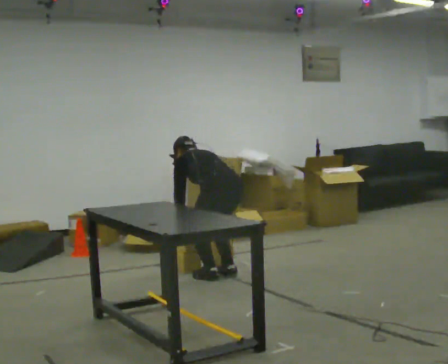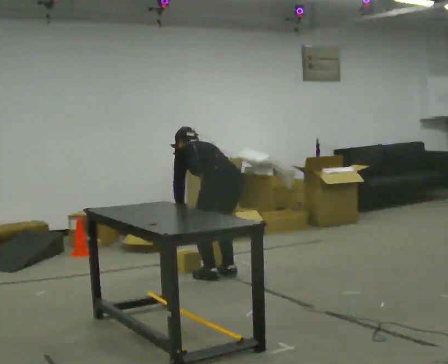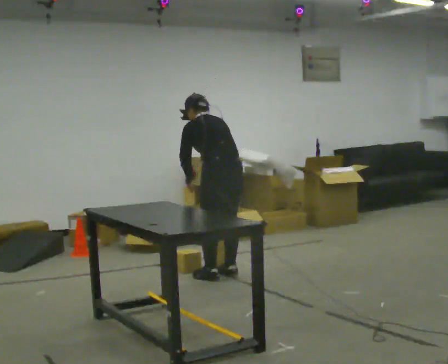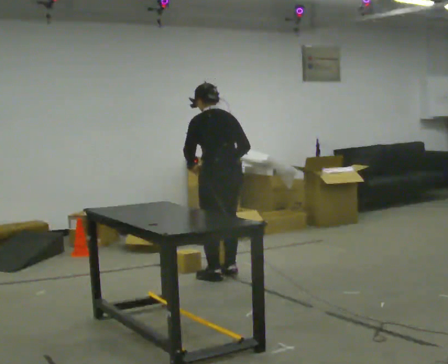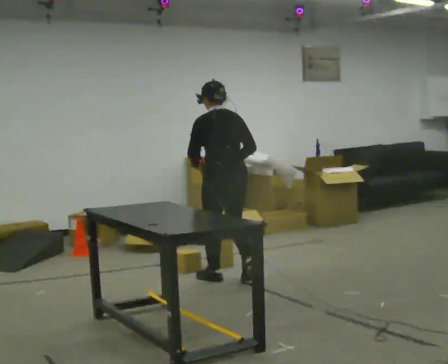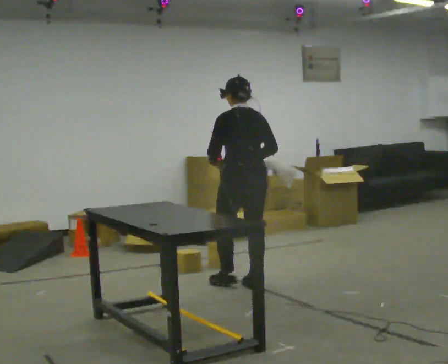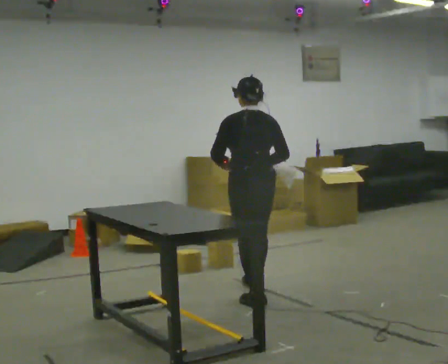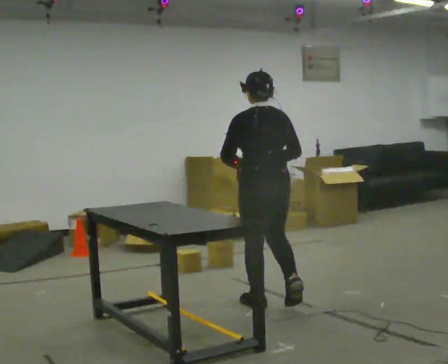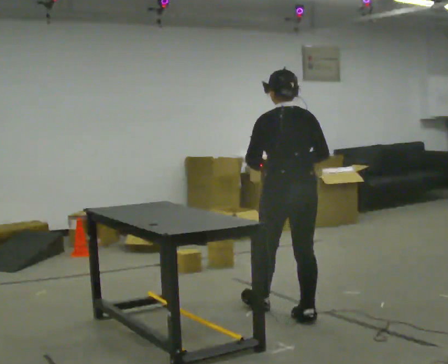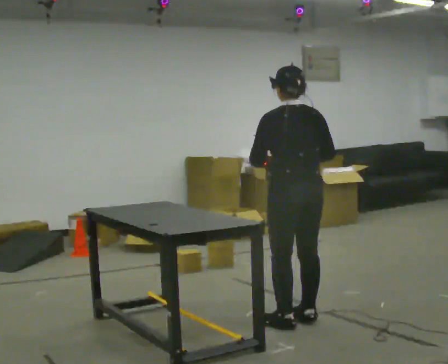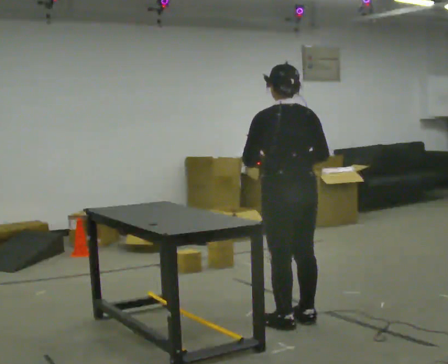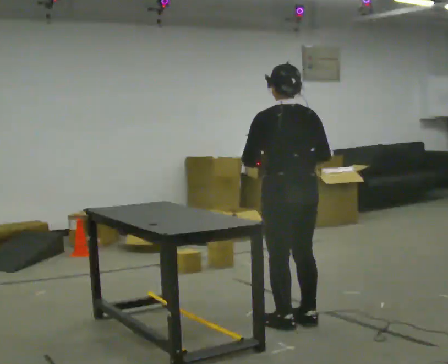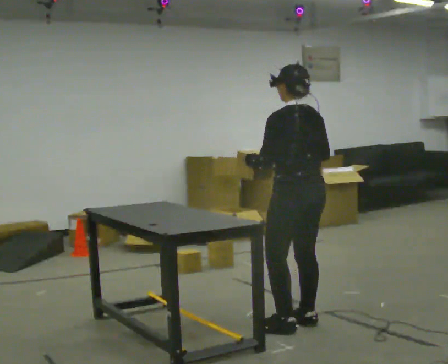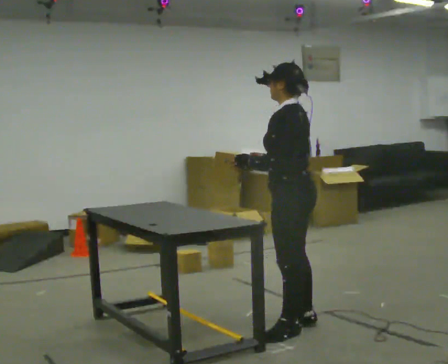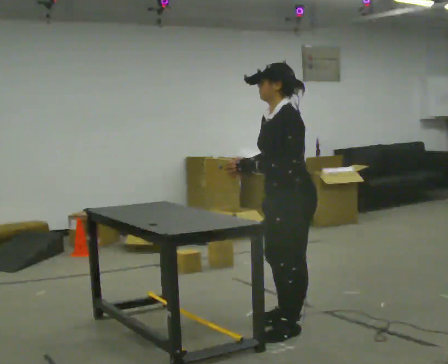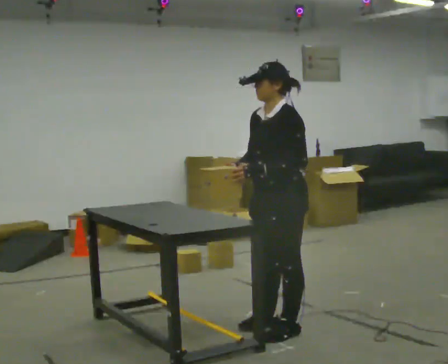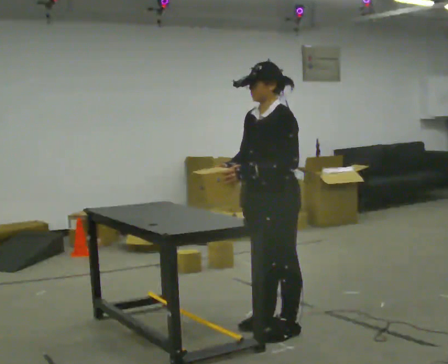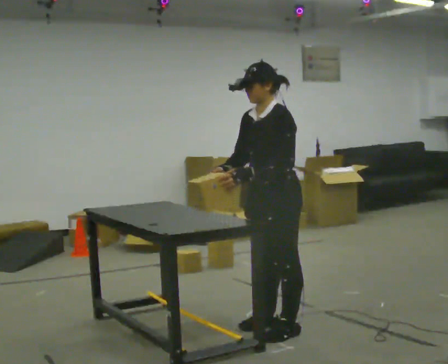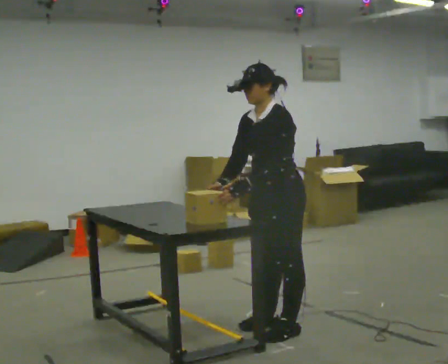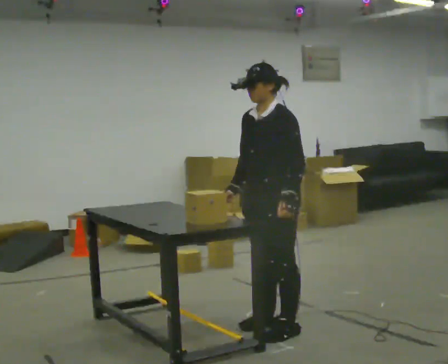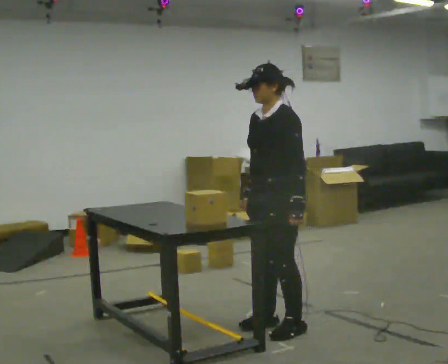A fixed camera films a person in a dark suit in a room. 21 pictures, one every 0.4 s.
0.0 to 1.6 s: The upper body goes upward. The upper body tips toward the camera, its near side rolling downward, as they lean back or straighten. In the picture their left hand goes upward.
1.6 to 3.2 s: In the picture they go toward the camera and to the right, about 1 m in 3 steps, which for them is backward.
3.2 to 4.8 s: In the picture they go toward the camera, about 0.25 m, which for them is backward.
4.8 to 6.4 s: The person turns about 75 degrees to their left, counterclockwise seen from above, so the part of the body nearest the lens slides to the right. In the picture they go to the left, about 0.25 m in 1 step. In the picture their right hand goes to the left.
6.4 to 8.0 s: The person moves a little, or ends about where they began.
The film runs backward here.
